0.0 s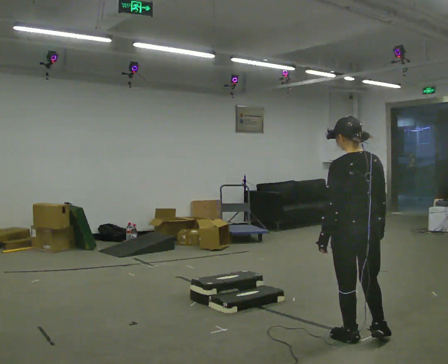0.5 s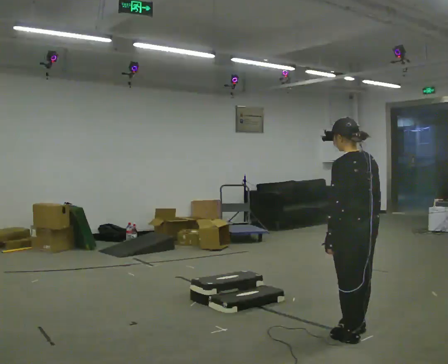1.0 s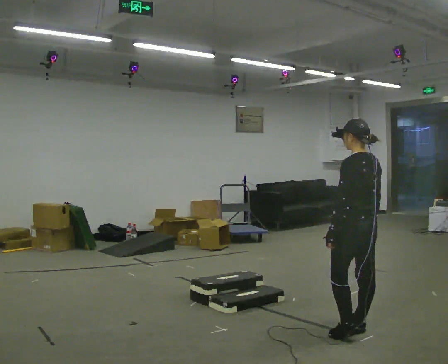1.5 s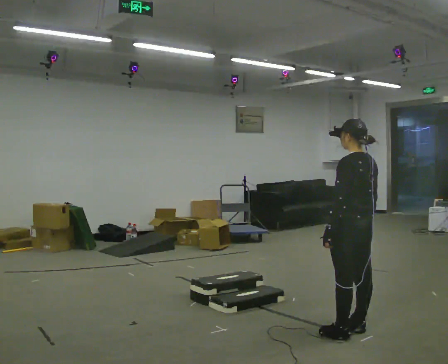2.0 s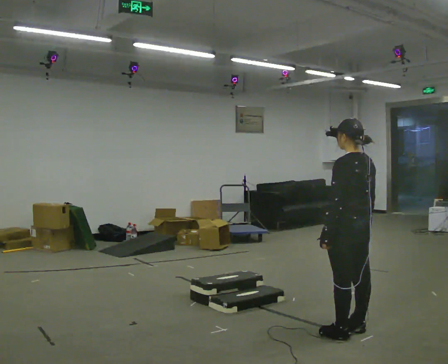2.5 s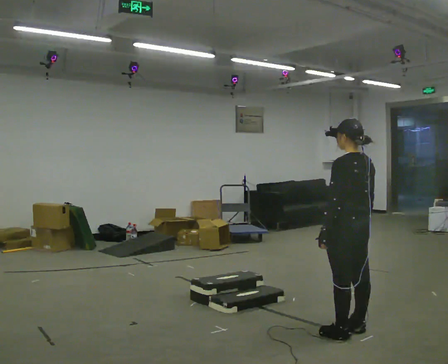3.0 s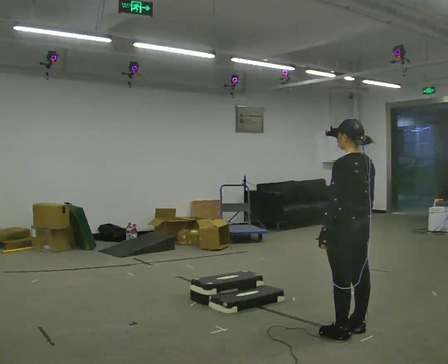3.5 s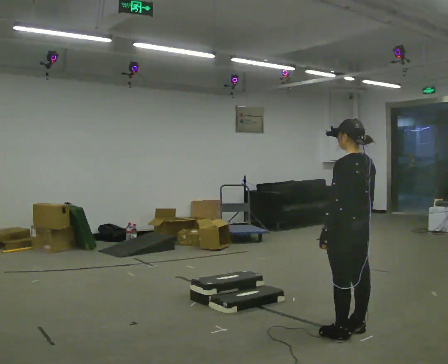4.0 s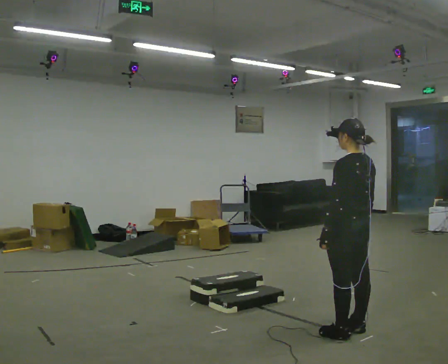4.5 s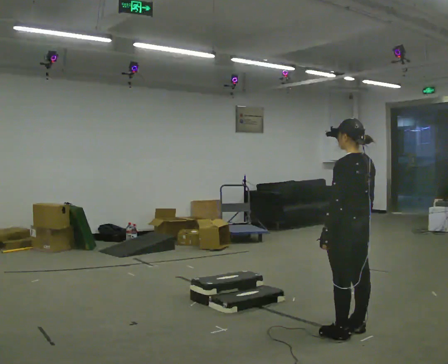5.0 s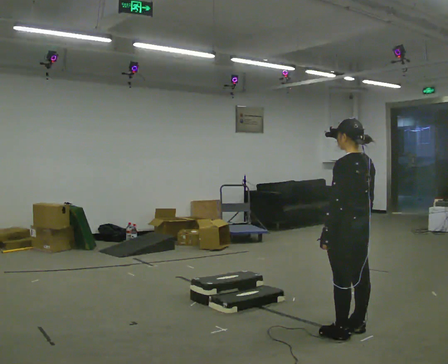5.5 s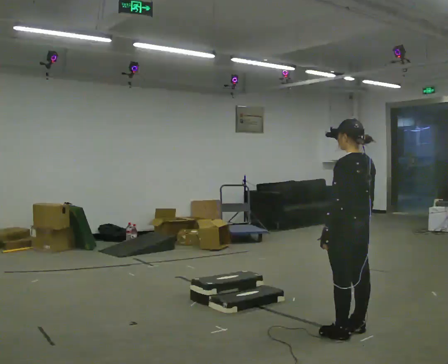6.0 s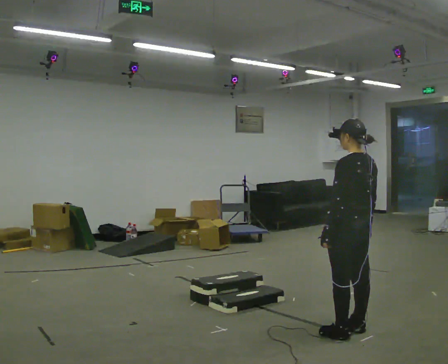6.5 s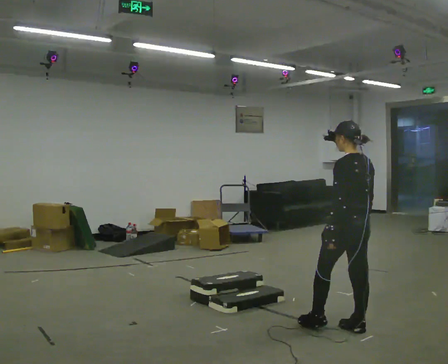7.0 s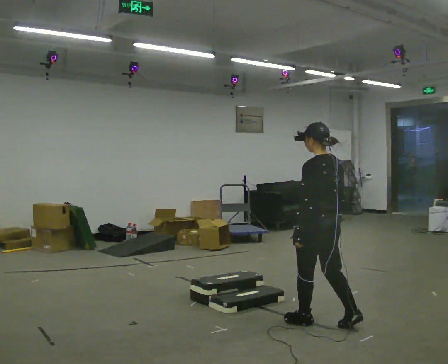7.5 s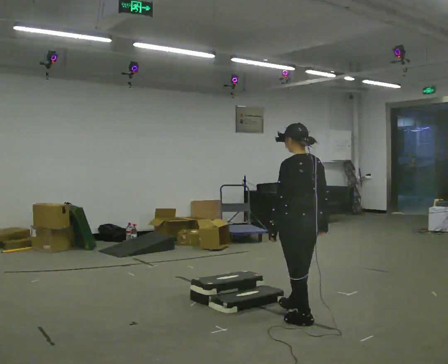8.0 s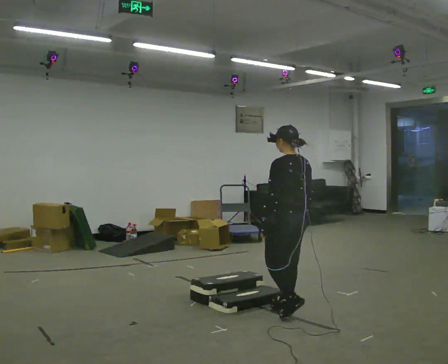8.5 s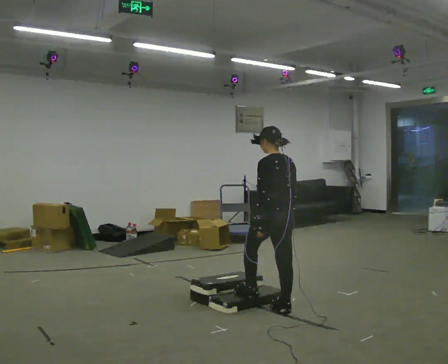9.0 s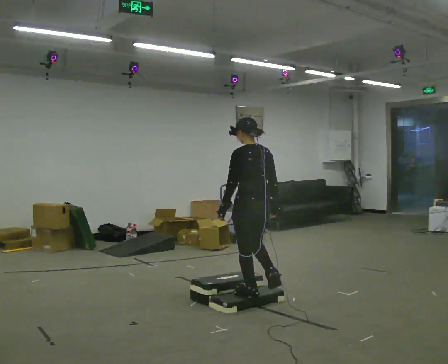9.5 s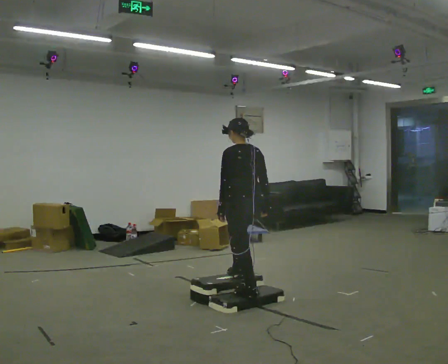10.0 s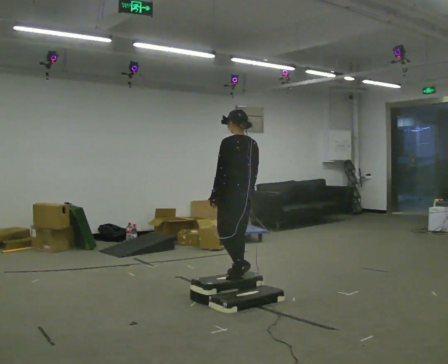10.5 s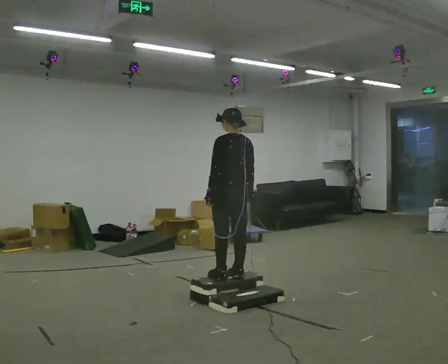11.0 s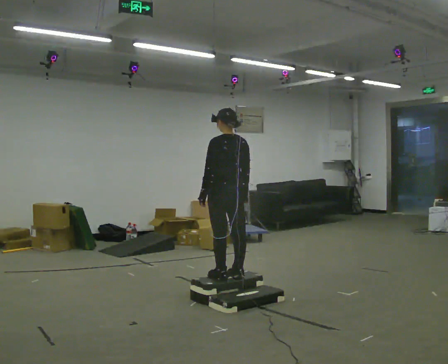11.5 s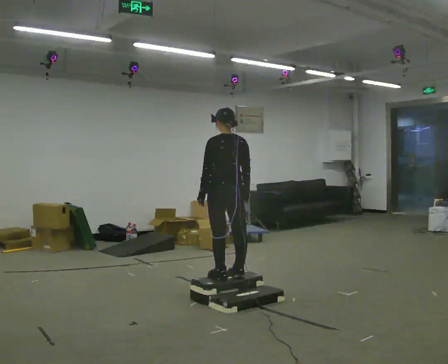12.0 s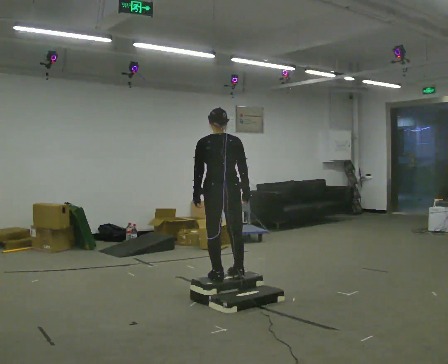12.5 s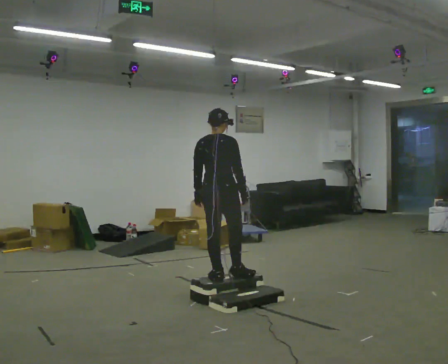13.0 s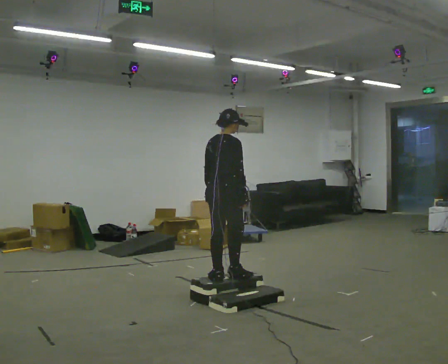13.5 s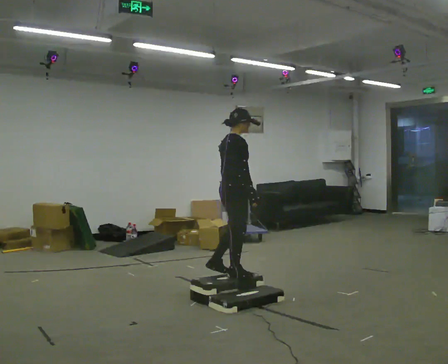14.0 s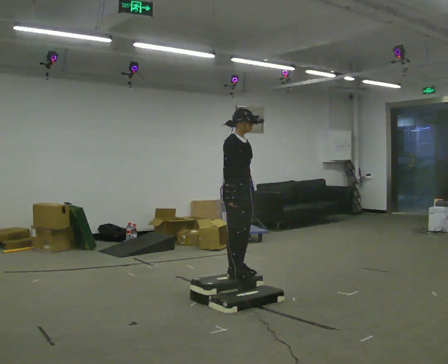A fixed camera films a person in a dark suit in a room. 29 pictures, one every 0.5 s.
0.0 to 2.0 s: In the picture they go away from the camera, about 0.25 m in 1 step, which for them is forward.
2.0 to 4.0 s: The person keeps their place and pose.
4.0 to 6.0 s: The person moves a little, or ends about where they began.
6.0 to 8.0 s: In the picture they go to the left and away from the camera, about 0.75 m in 2 steps, which for them is forward.
8.0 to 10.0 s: In the picture they go to the left and away from the camera, about 0.75 m in 2 steps, which for them is forward. The upper body goes upward.
10.0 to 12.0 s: The part of the body nearest the lens slides to the left as the person turns to their right by about 30 degrees.
12.0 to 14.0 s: Seen from above the body turns clockwise, about 120 degrees: to their right, with its near side sliding to the left. In the picture they go away from the camera, about 0.25 m in 1 step.
The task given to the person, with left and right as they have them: Walk up the three steps, turn at the top, and walk back down at a comfortable speed. Use the handrail only if you need it.
The film runs forward here.
